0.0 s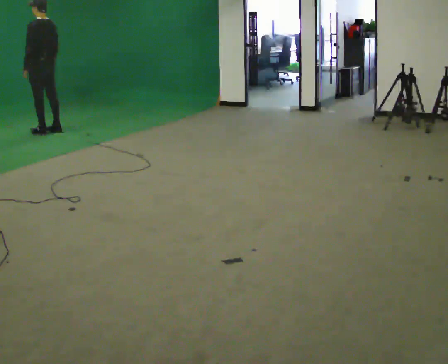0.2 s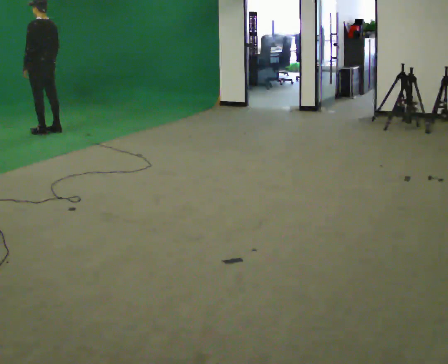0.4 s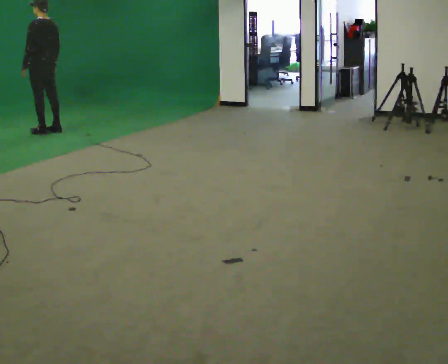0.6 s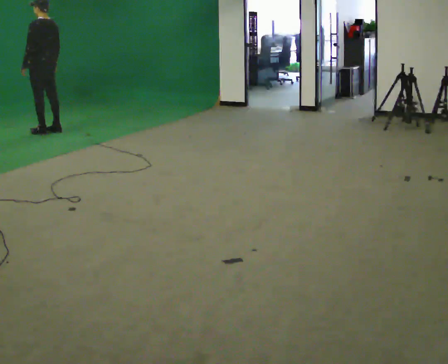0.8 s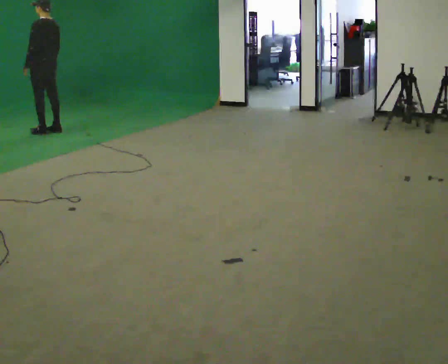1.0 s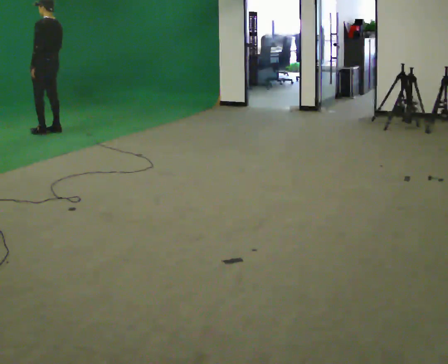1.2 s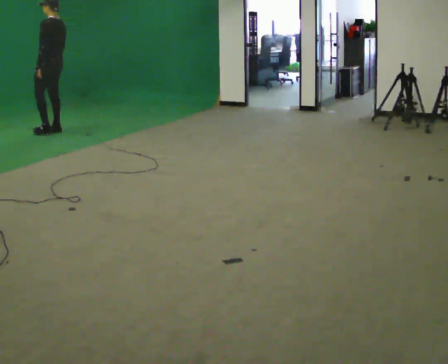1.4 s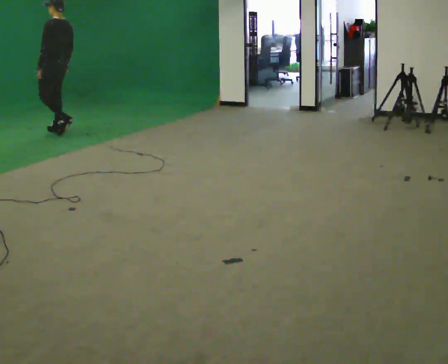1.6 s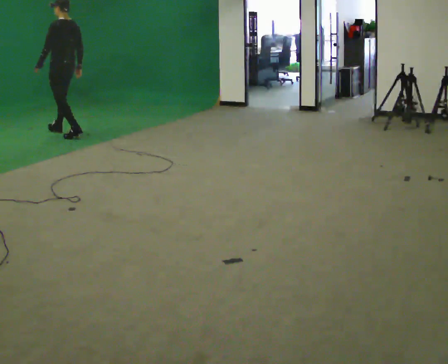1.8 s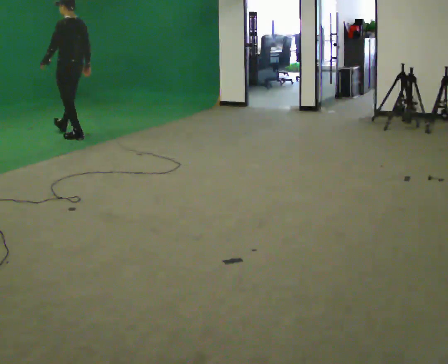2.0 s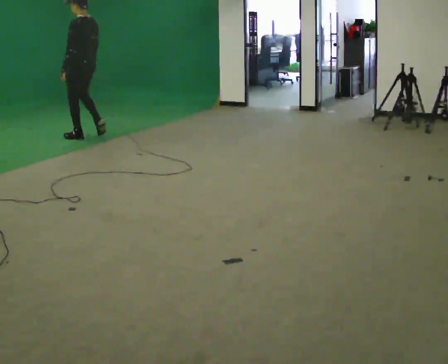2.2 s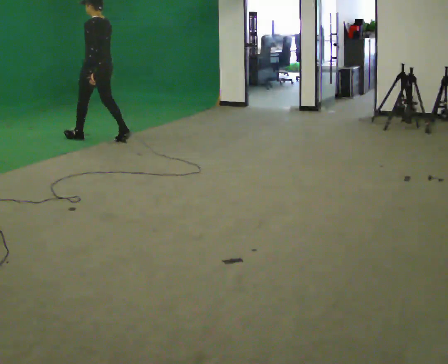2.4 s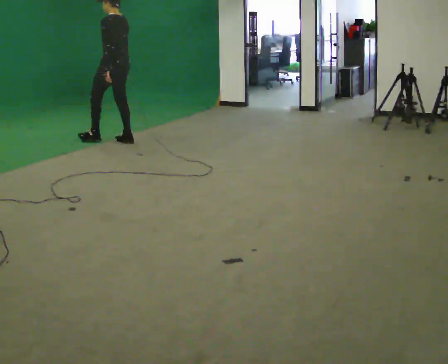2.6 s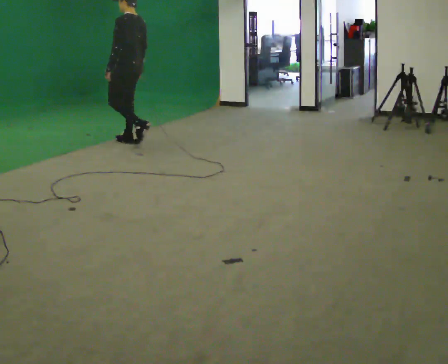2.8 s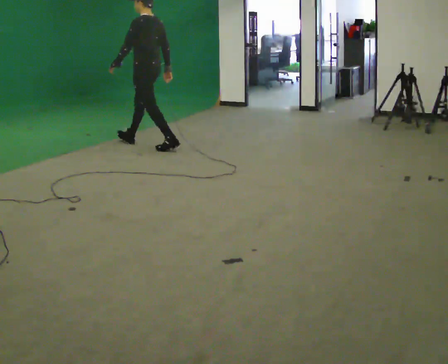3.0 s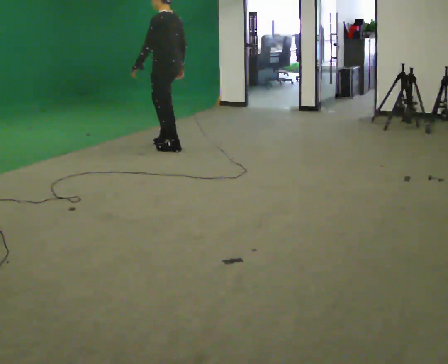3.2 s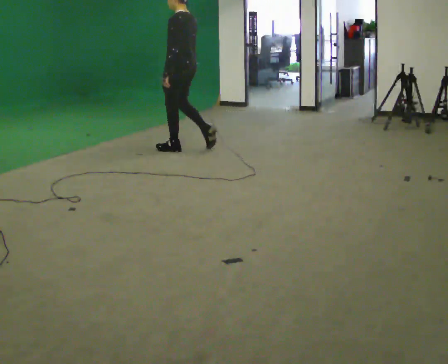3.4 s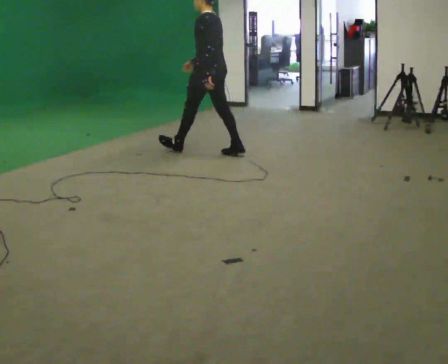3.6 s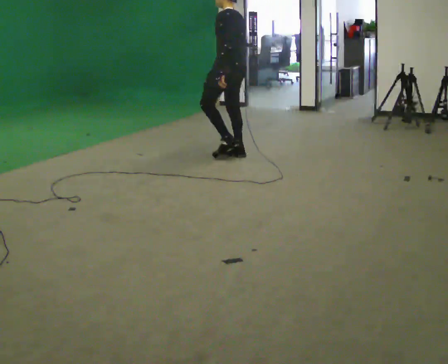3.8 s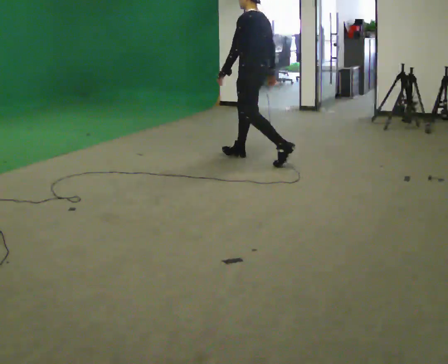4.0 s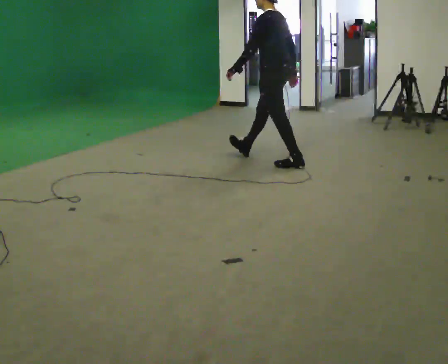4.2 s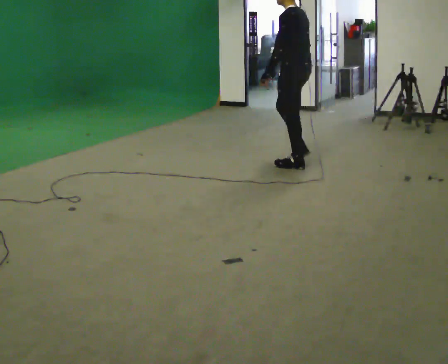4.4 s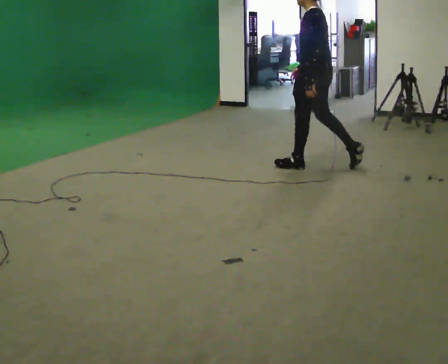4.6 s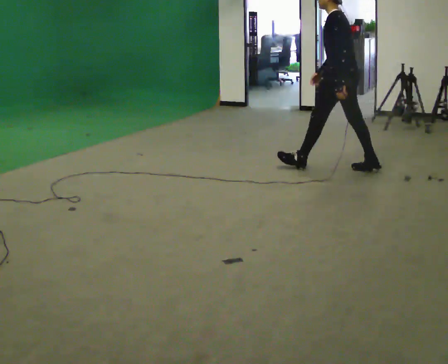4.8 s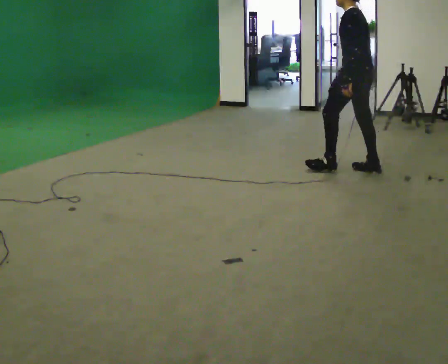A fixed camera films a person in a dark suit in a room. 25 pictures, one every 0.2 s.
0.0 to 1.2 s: The person moves a little, or ends about where they began.
1.2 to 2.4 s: In the picture they go to the right and toward the camera, about 1 m in 2 steps, which for them is backward.
2.4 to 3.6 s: In the picture they go to the right and toward the camera, about 1.5 m in 2 steps, which for them is backward.
3.6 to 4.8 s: In the picture they go to the right and toward the camera, about 1.5 m in 2 steps, which for them is backward.
The film runs backward here.
